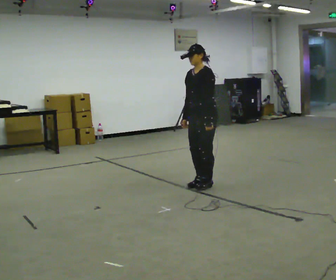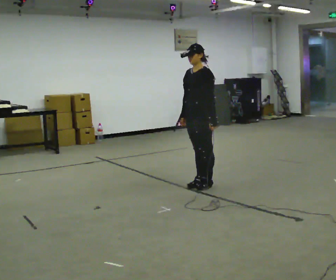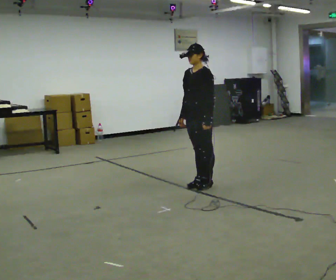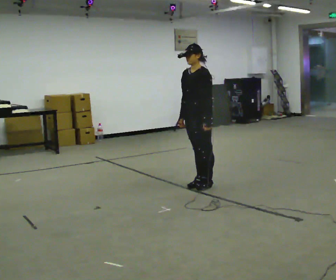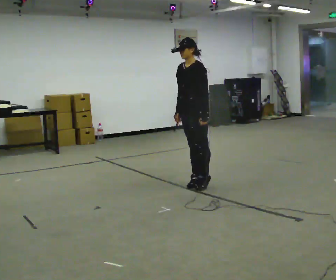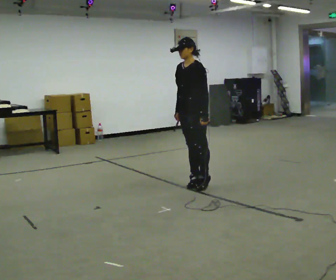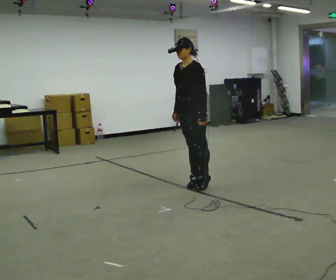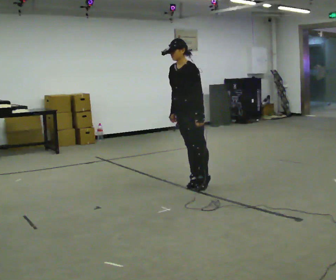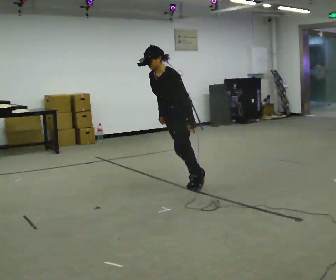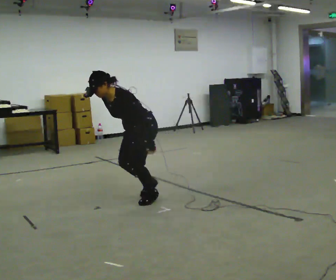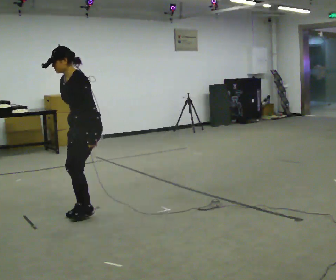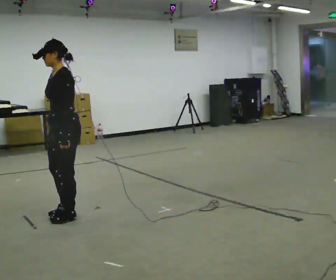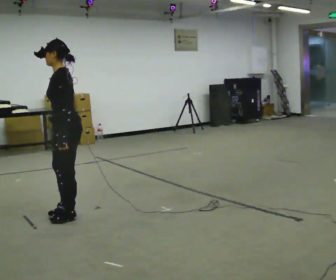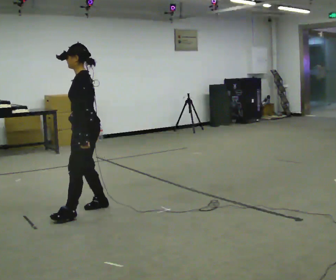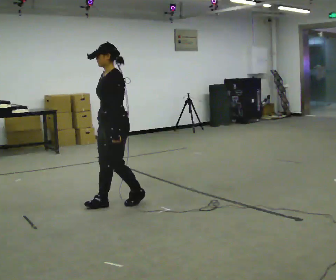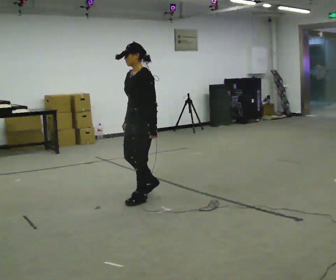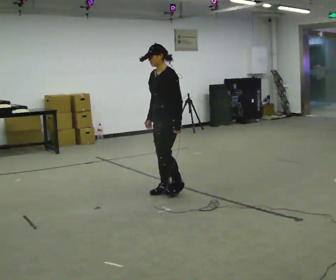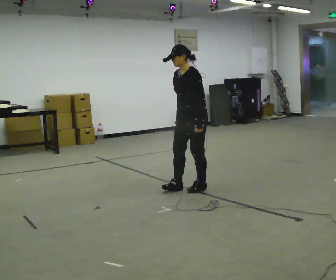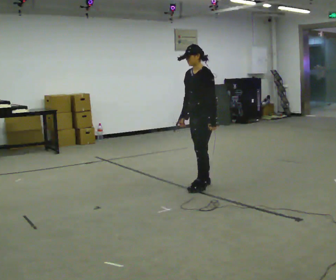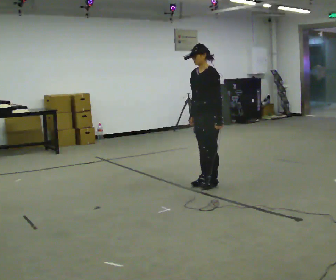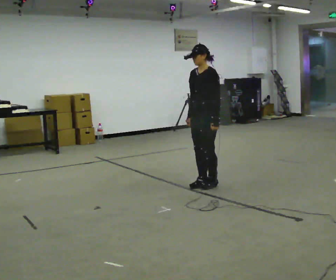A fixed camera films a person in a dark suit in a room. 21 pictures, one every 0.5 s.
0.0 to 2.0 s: The person moves a little, or ends about where they began.
2.0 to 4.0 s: In the picture they go to the left, about 0.25 m, which for them is forward. In the picture the upper body tilts counterclockwise, shoulders to the left, as they bend forward.
4.0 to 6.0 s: The person turns about 30 degrees to their right, clockwise seen from above, so the part of the body nearest the lens slides to the left. In the picture they go to the left and toward the camera, about 1 m in 4 steps, which for them is forward.
6.0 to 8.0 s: In the picture they go to the right and away from the camera, about 1 m in 3 steps, which for them is backward.
8.0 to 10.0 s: In the picture they go to the right and away from the camera, about 0.5 m in 3 steps, which for them is backward.
The film runs forward here.
